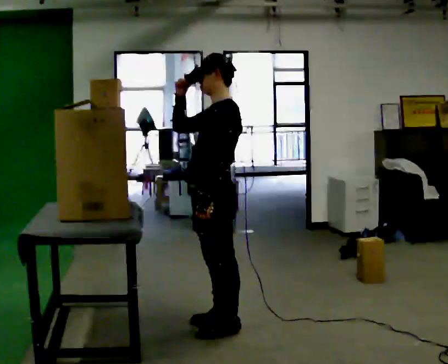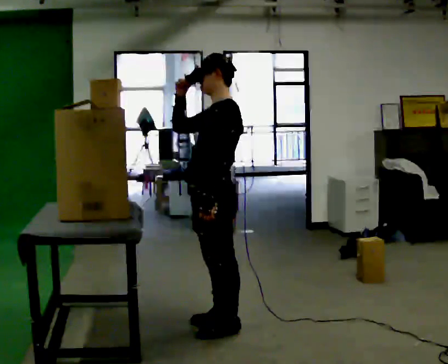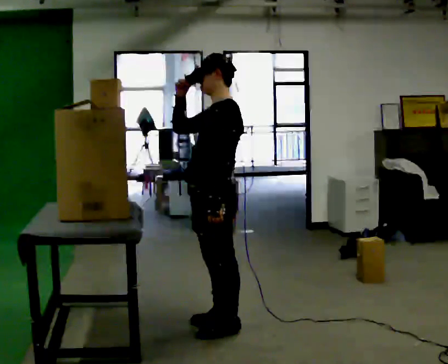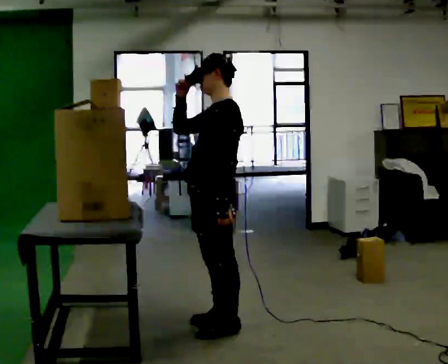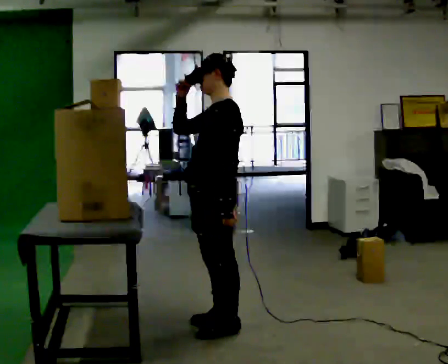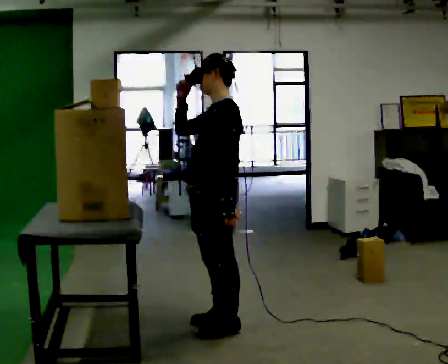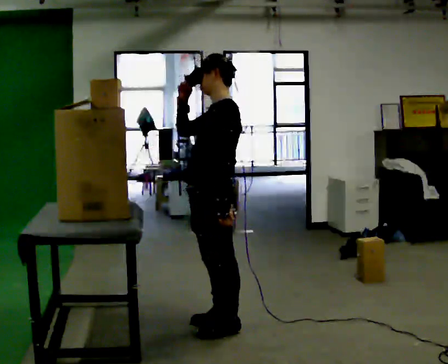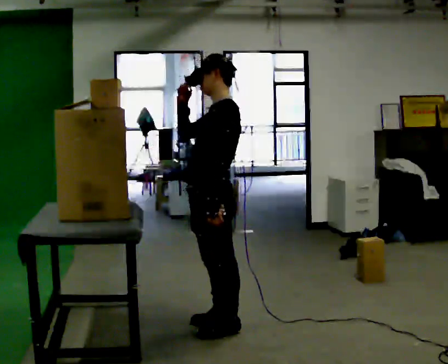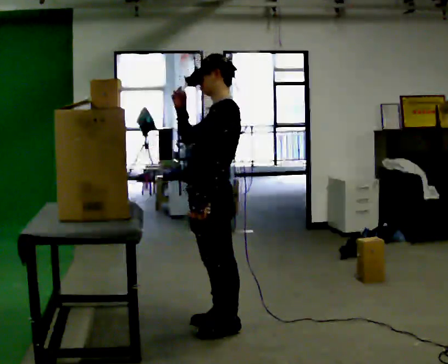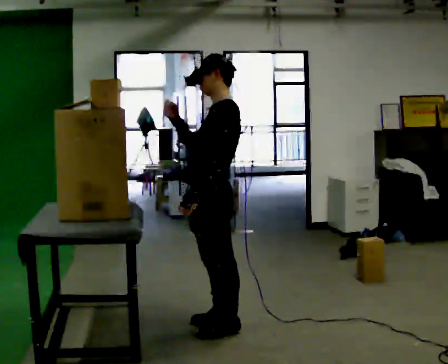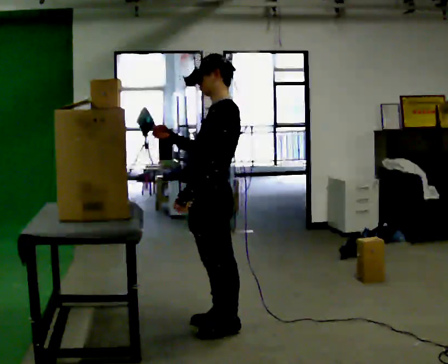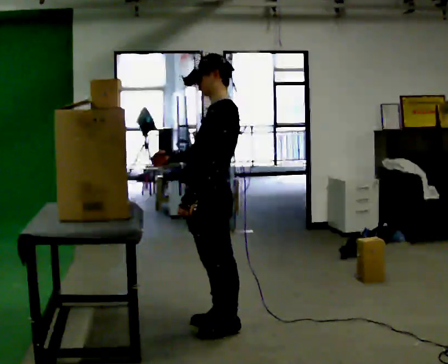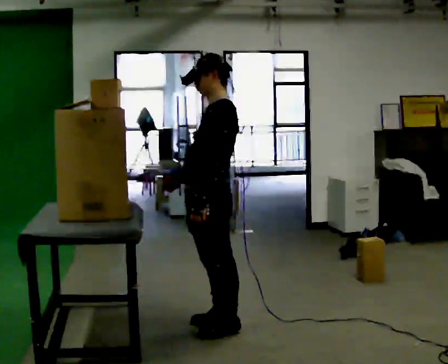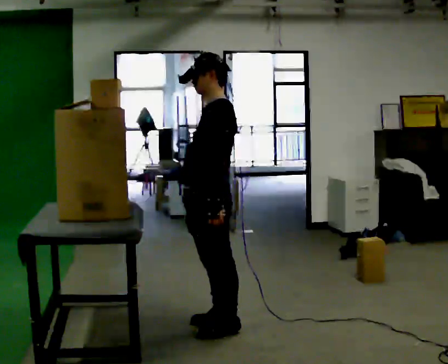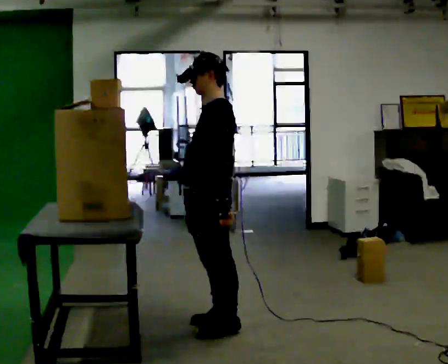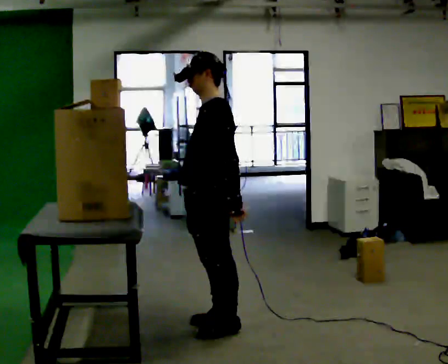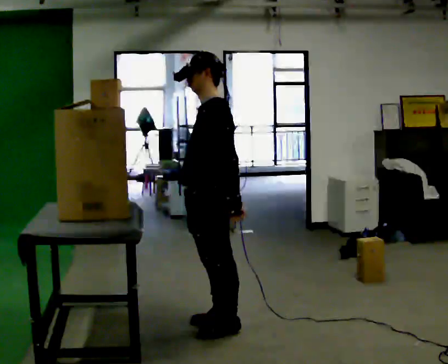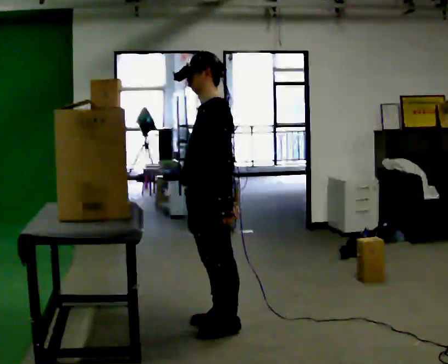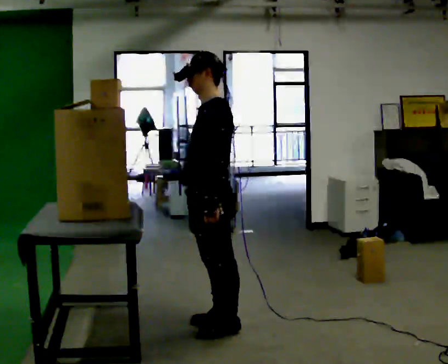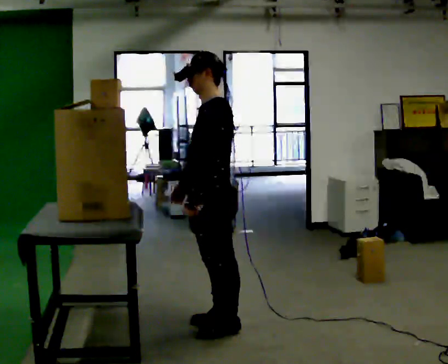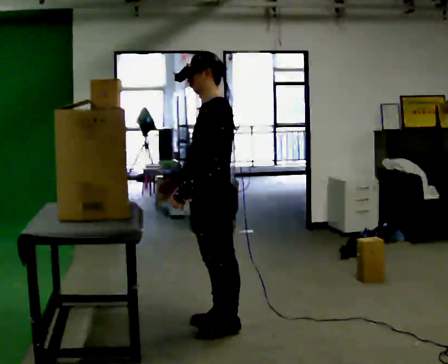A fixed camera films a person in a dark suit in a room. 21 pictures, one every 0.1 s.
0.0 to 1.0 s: The person moves a little, or ends about where they began.
1.0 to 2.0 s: In the picture their right hand goes downward.
The film runs backward here.
